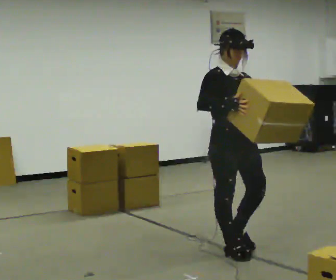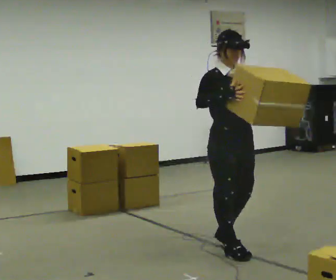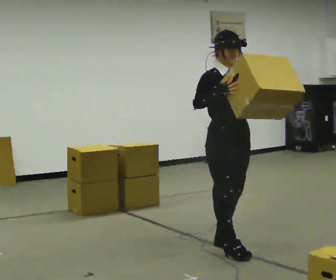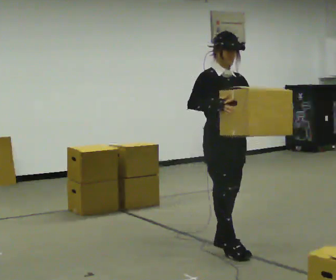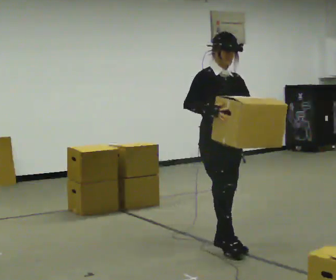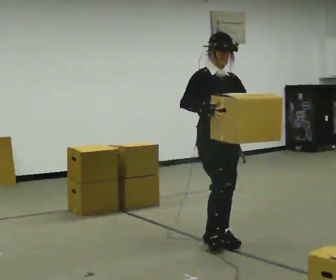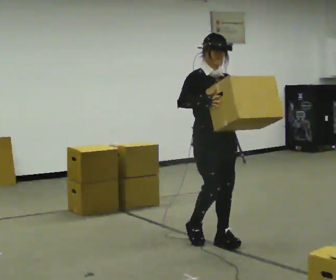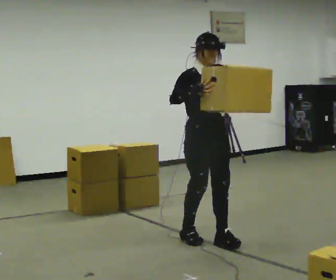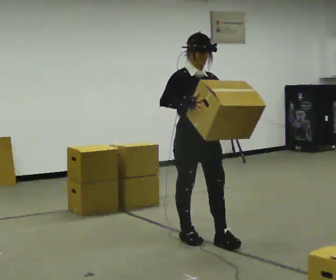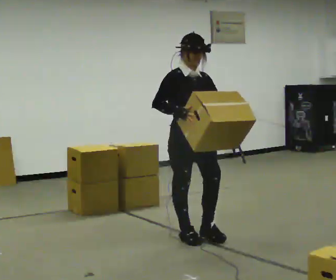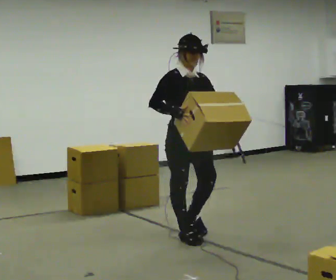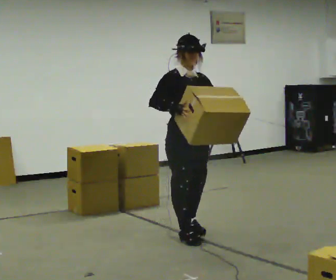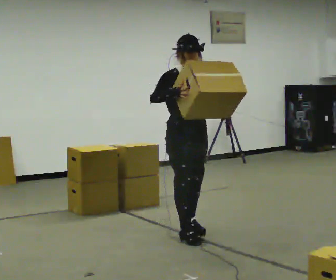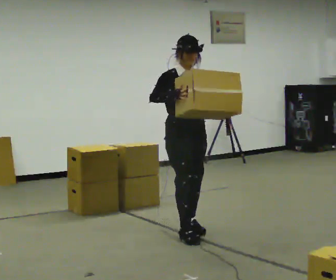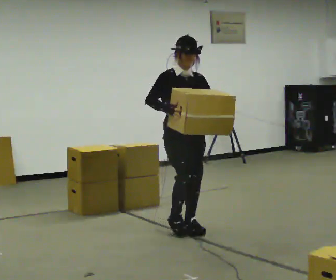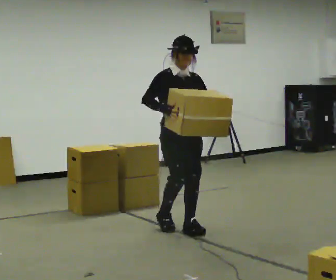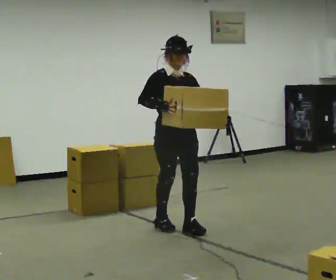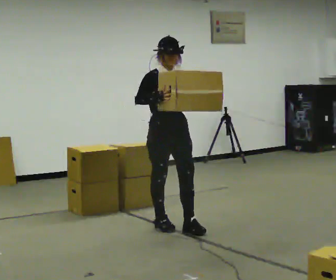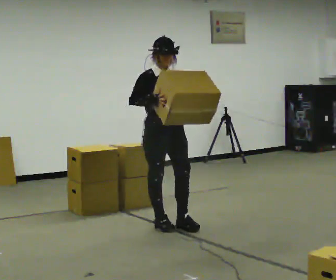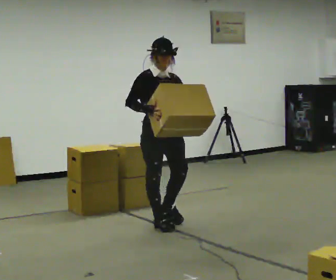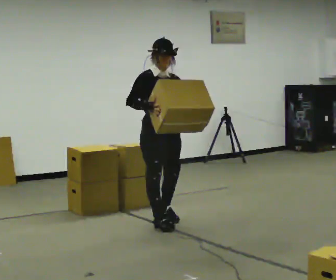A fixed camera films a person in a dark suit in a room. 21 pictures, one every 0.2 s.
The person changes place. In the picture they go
away from the camera.
0.0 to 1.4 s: In the picture they go away from the camera and to the left, about 0.5 m in 1 step, which for them is backward.
1.4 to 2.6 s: In the picture they go away from the camera and to the left, about 0.25 m in 2 steps, which for them is backward.
2.6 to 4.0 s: In the picture they go away from the camera and to the left, about 0.25 m in 1 step, which for them is backward.
The film runs backward here.
